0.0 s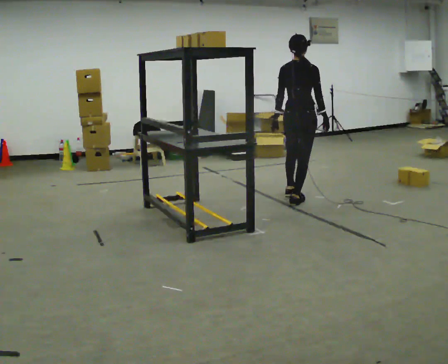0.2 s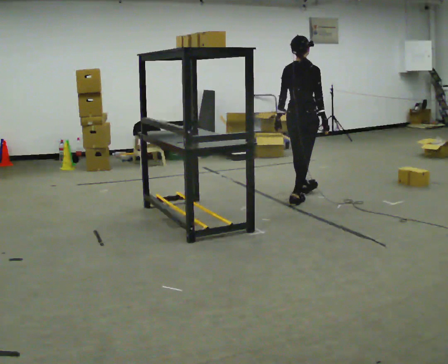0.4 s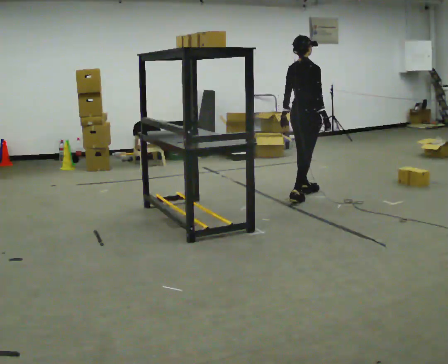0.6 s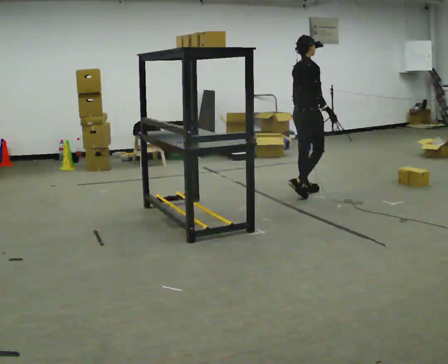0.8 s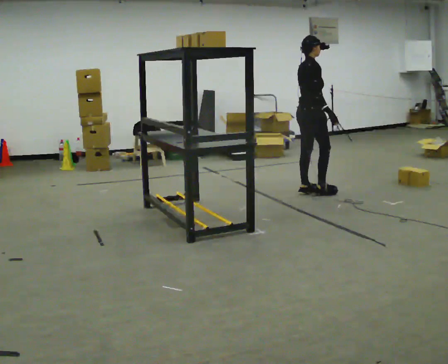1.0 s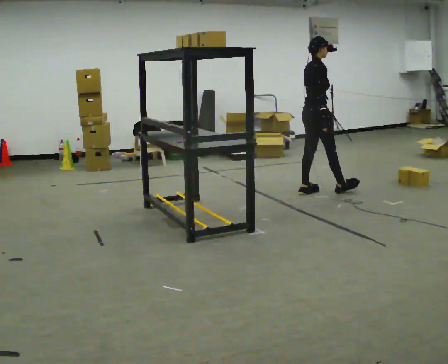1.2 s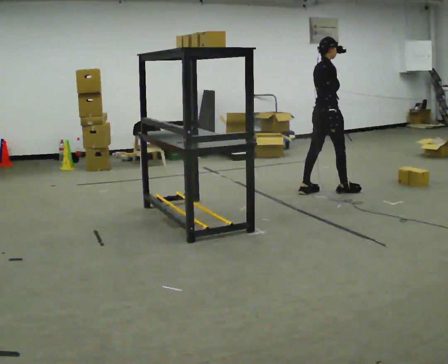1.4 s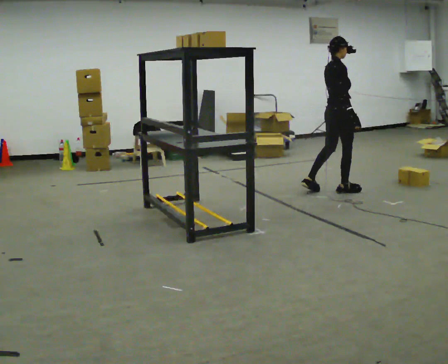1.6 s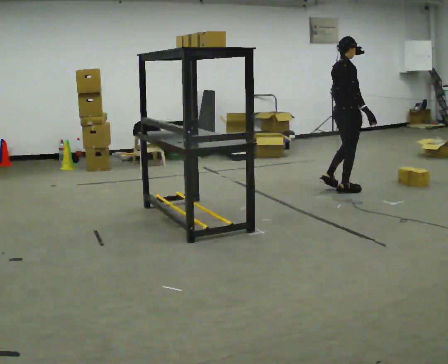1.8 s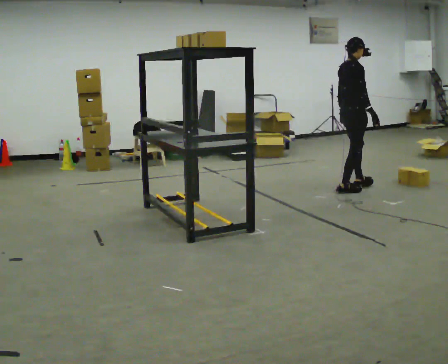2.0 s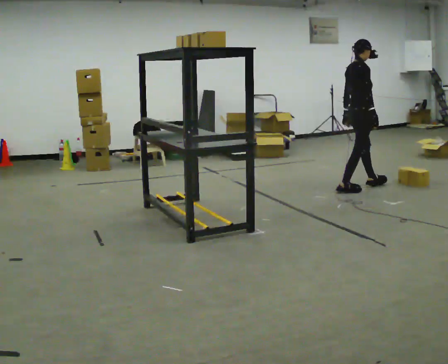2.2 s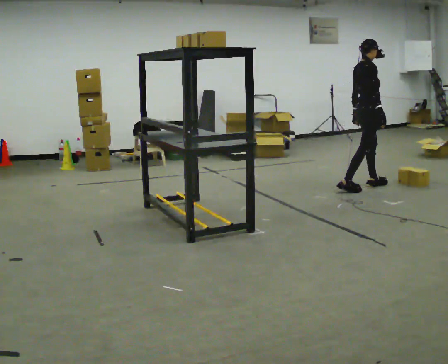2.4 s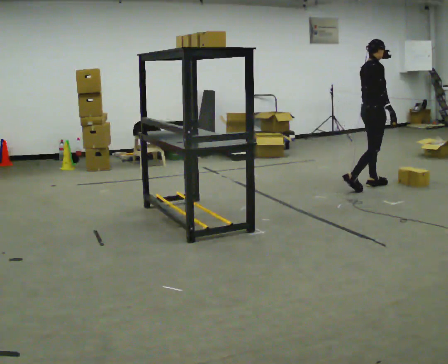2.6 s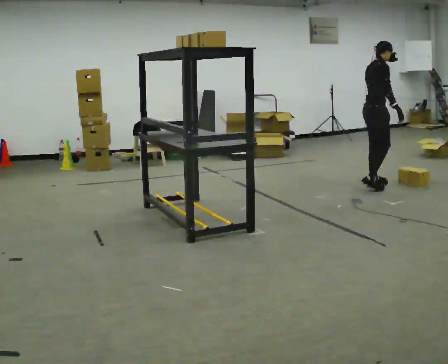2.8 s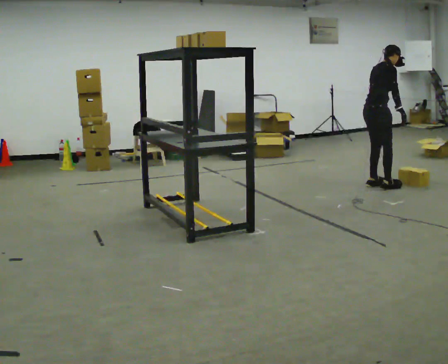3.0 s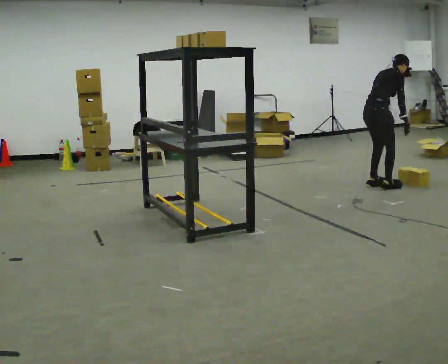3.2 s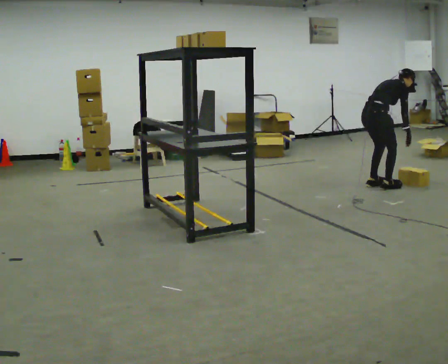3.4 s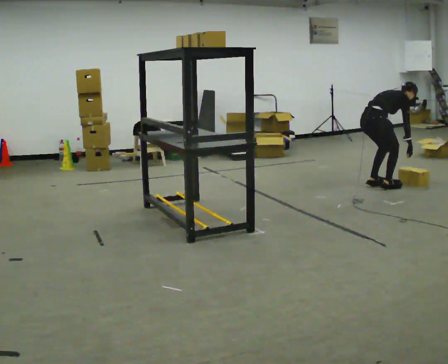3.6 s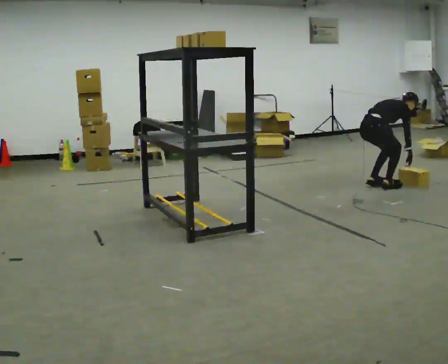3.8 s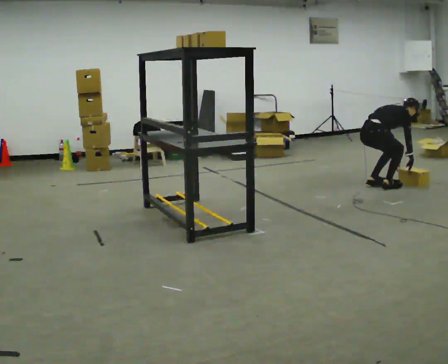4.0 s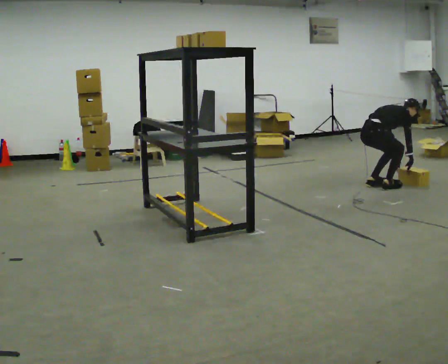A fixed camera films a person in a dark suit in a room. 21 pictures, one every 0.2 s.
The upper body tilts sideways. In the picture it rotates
clockwise.
The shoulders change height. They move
downward.
0.0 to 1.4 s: The part of the body nearest the lens slides to the left as the person turns to their right by about 45 degrees. In the picture they go away from the camera and to the right, about 0.5 m in 2 steps, which for them is forward and to their left.
1.4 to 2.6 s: In the picture they go to the right and away from the camera, about 0.5 m in 1 step, which for them is forward.
2.6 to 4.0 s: The upper body goes downward. In the picture the upper body tilts clockwise, shoulders to the right, as they bend forward. In the picture their right hand goes downward.
The film runs forward here.
